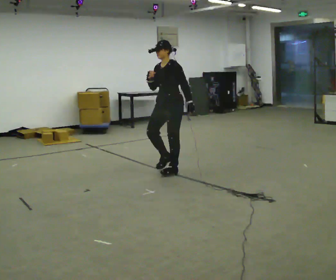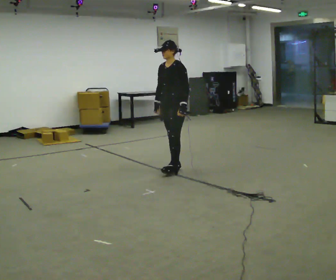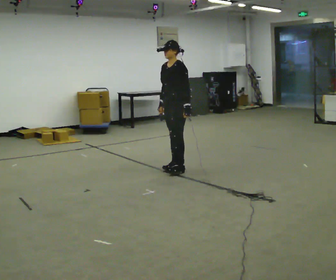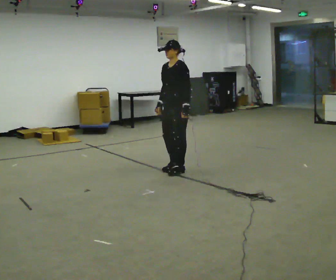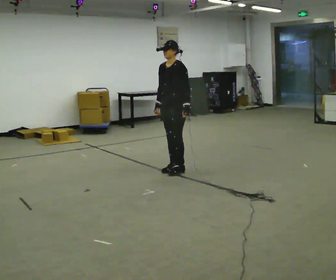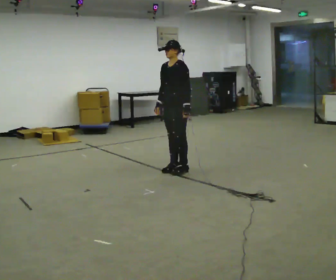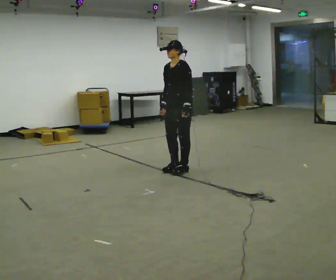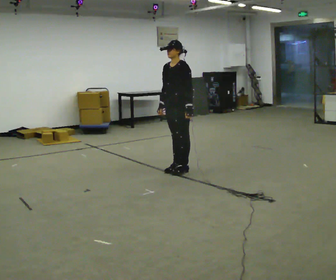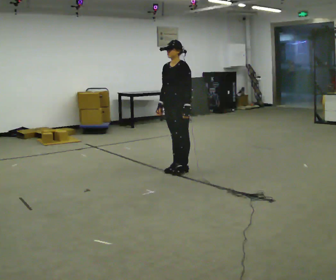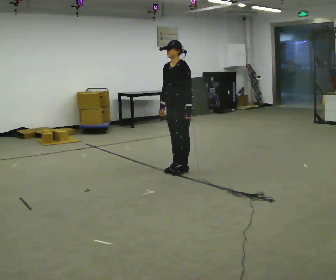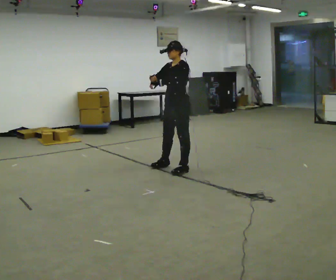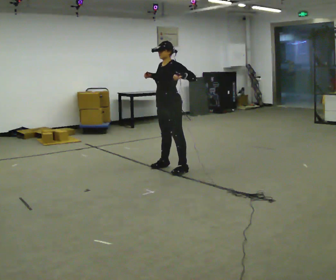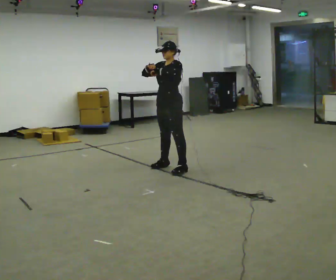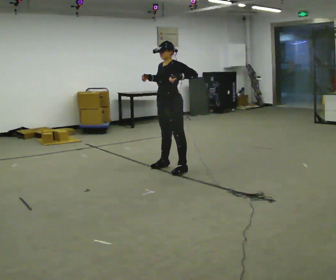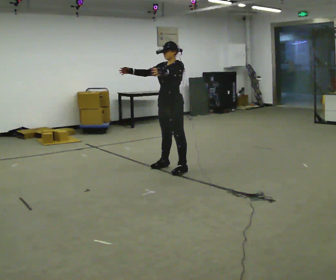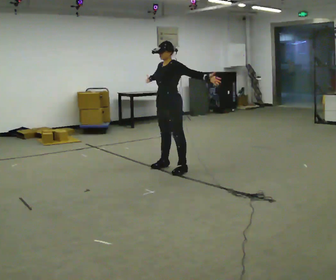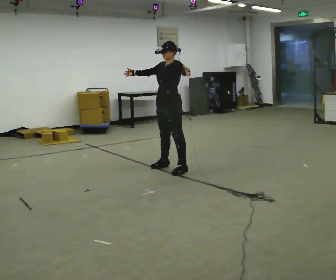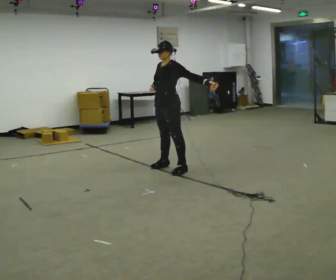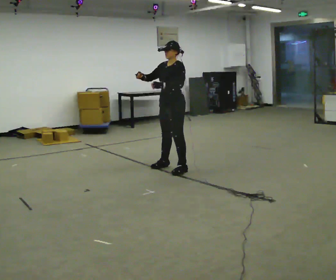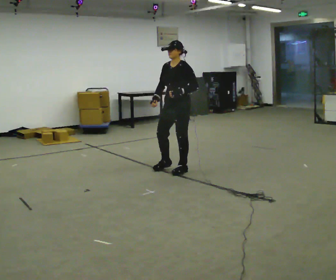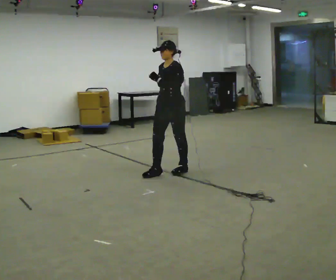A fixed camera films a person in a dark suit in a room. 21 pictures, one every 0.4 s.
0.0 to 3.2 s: The person moves a little, or ends about where they began.
3.2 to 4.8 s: In the picture they go away from the camera, about 0.25 m in 1 step, which for them is to their right. In the picture their left hand goes upward and to the left.
4.8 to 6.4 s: The person moves a little, or ends about where they began.
6.4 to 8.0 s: In the picture they go toward the camera, about 0.25 m in 1 step, which for them is to their left and forward. In the picture their left hand goes to the left.
The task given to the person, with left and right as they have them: Repeat a short dance step or sequence over and over in time with a steady beat.
The film runs forward here.
